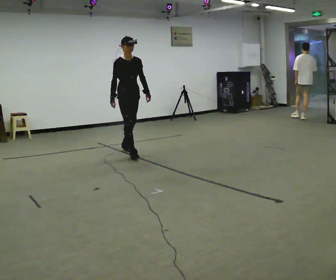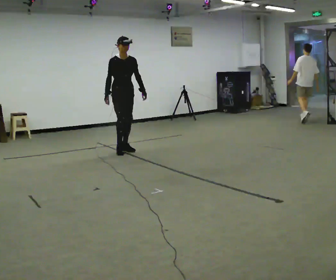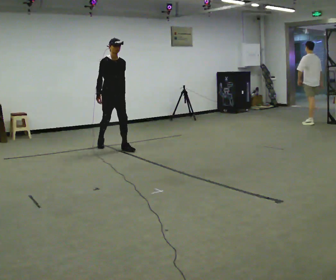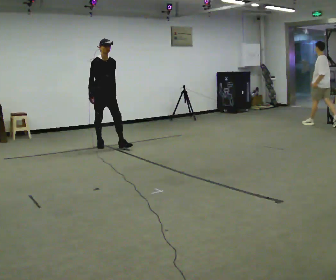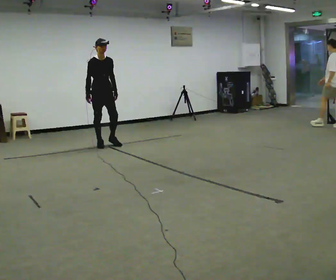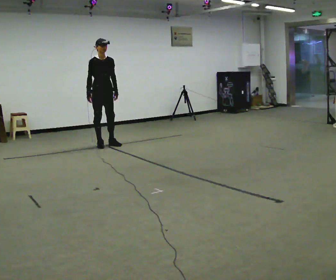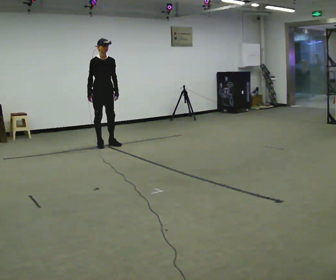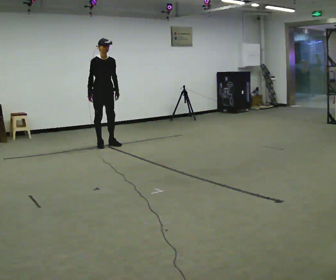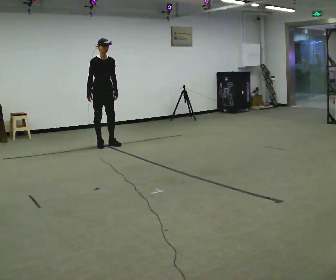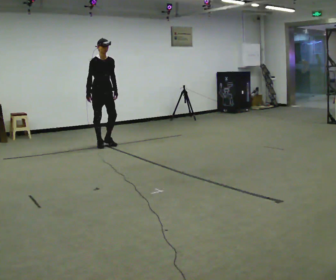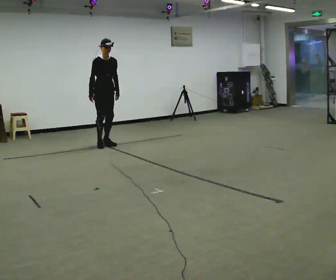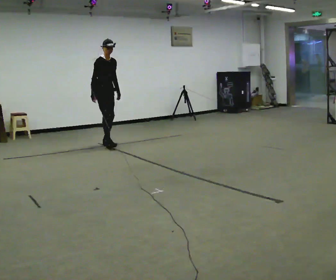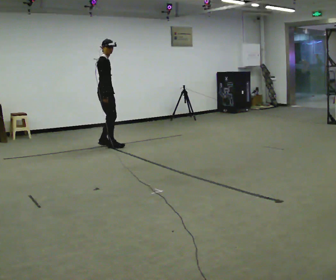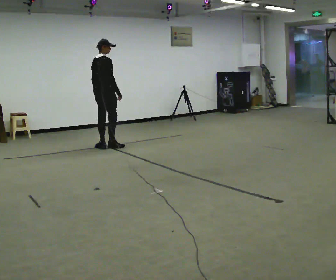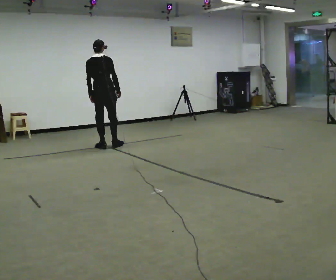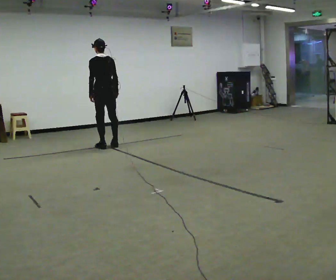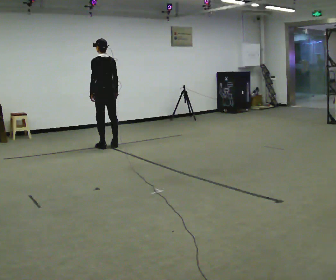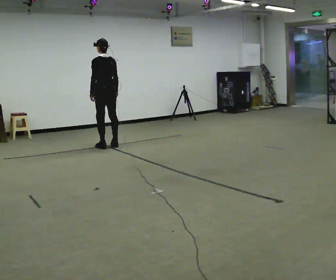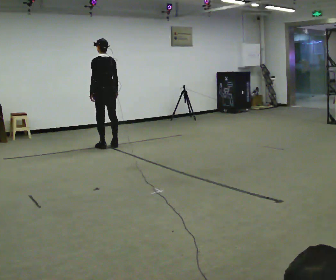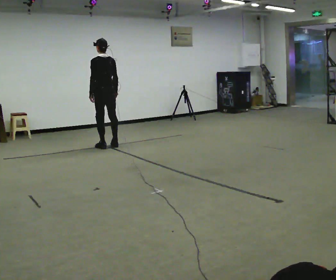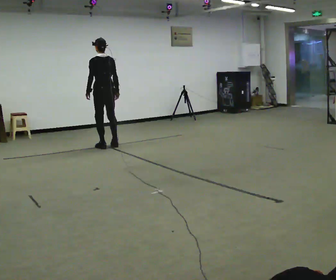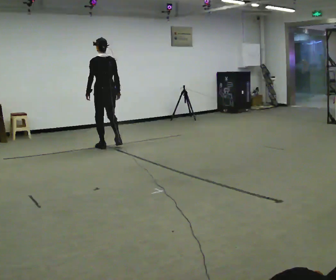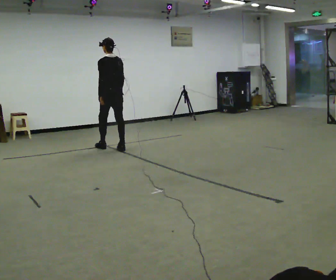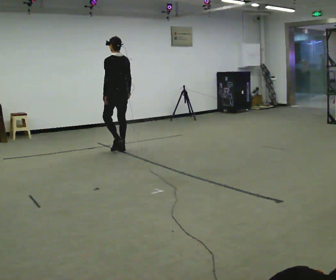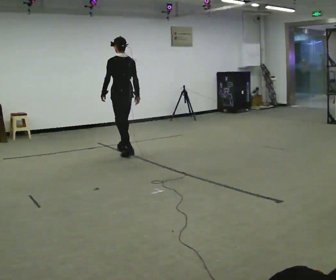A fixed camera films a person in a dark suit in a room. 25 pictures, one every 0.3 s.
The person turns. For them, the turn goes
to their left.
The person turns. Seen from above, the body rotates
counterclockwise.
0.0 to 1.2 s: In the picture they go away from the camera and to the left, about 0.5 m in 2 steps, which for them is backward.
1.2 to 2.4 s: The person moves a little, or ends about where they began.
2.4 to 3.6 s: The person turns about 60 degrees to their left, counterclockwise seen from above, so the part of the body nearest the lens slides to the right.
3.6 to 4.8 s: The part of the body nearest the lens slides to the right as the person turns to their left by about 120 degrees.
4.8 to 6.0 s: The person moves a little, or ends about where they began.
6.0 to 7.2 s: In the picture they go toward the camera and to the right, about 0.5 m in 2 steps, which for them is backward.
The film runs backward here.
